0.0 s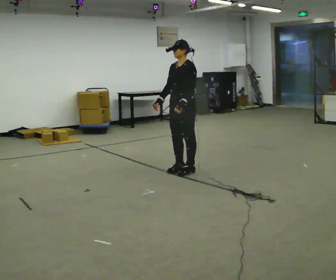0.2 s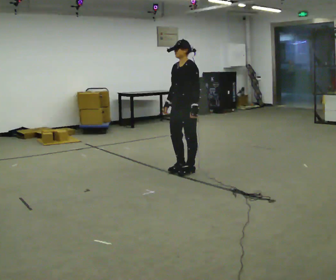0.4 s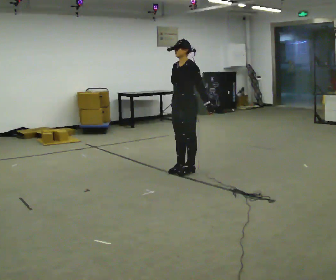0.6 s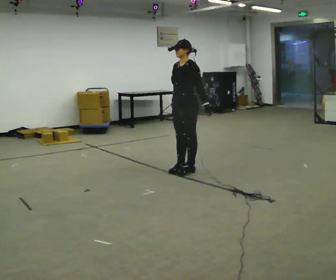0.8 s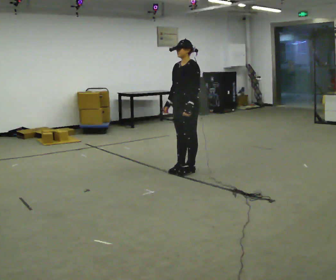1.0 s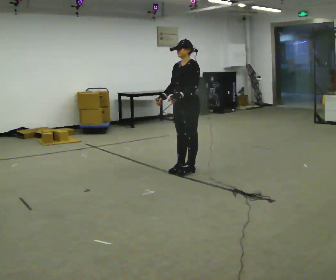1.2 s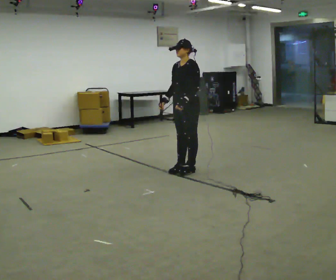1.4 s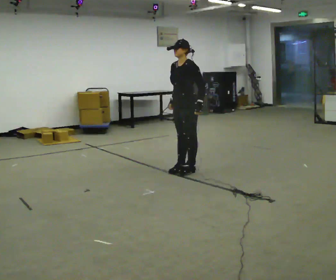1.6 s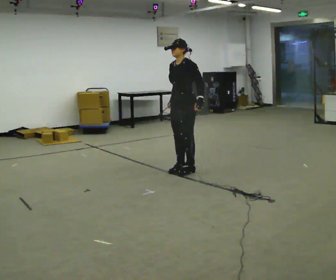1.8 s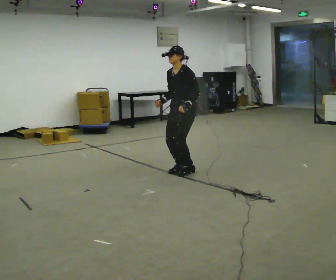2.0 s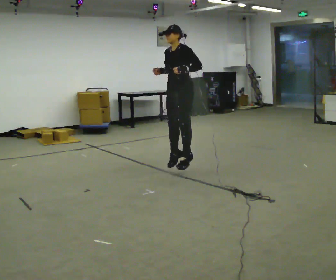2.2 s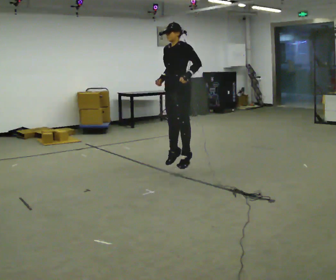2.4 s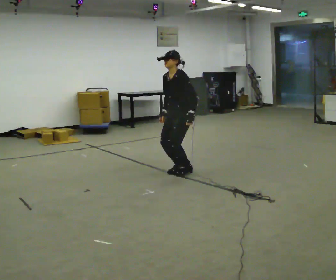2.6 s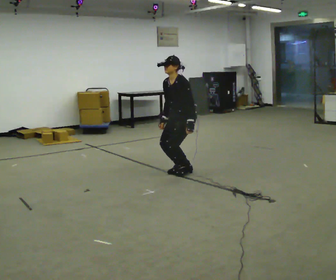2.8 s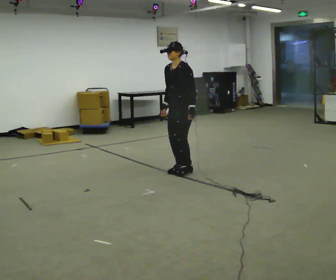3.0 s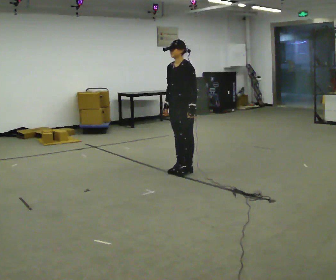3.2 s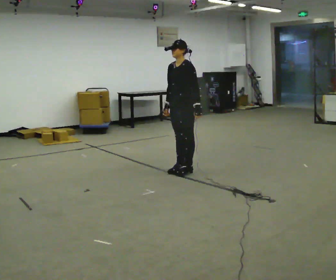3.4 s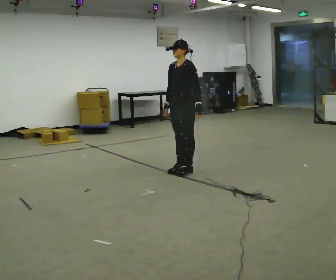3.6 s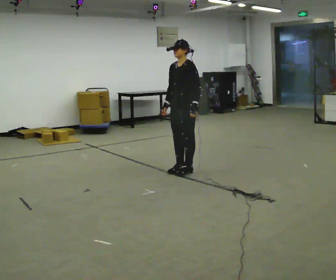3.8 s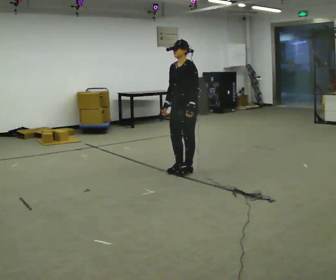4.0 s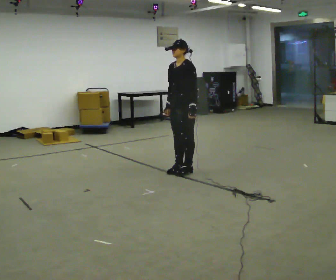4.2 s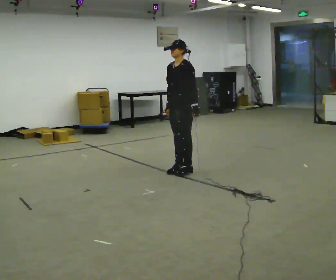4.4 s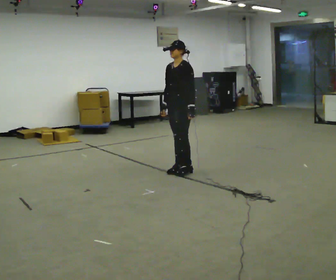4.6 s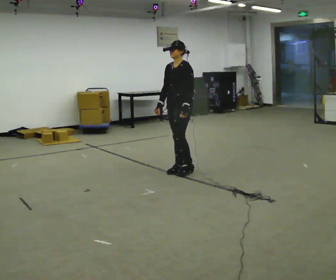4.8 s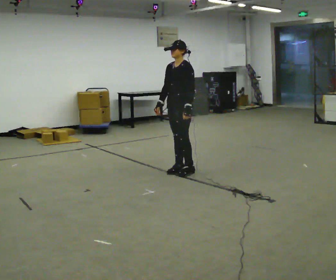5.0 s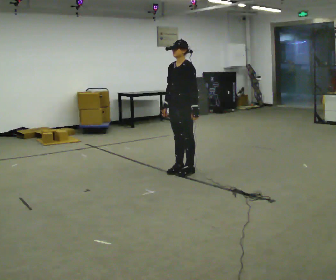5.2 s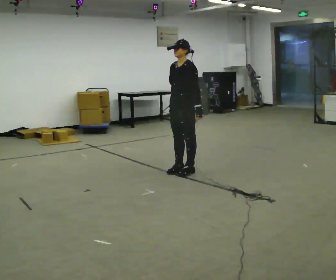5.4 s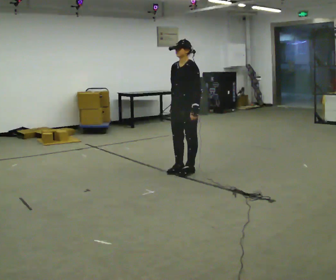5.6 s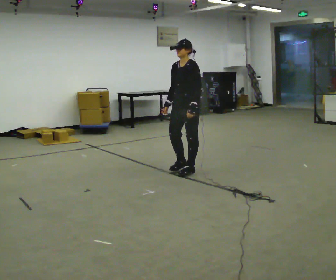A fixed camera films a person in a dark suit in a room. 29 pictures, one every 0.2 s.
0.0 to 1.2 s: The person moves a little, or ends about where they began.
1.2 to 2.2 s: In the picture their left hand goes upward.
2.2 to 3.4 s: In the picture their left hand goes downward.
3.4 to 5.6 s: The person moves a little, or ends about where they began.
The film runs backward here.
